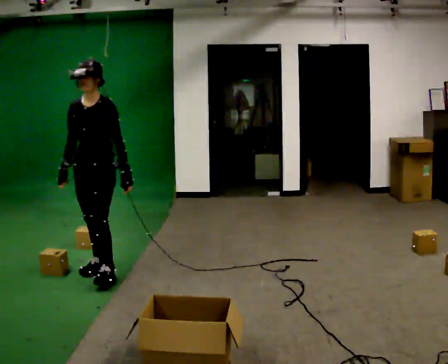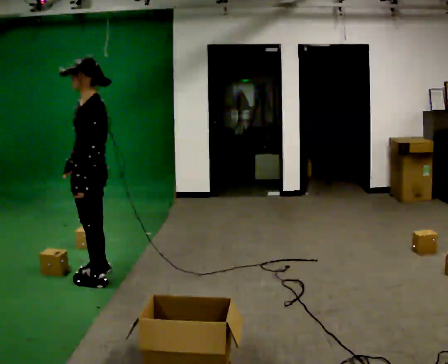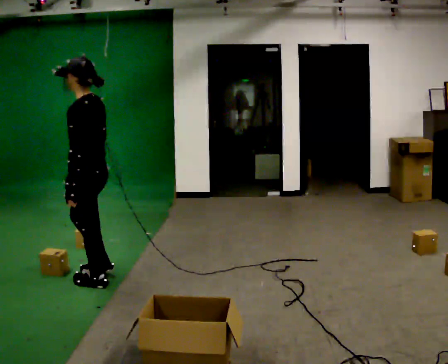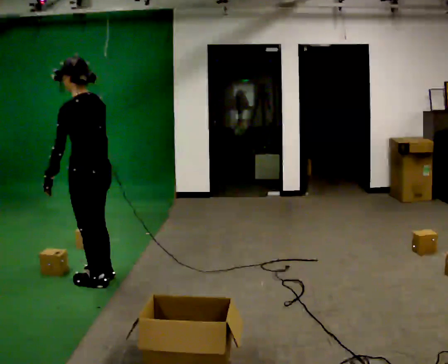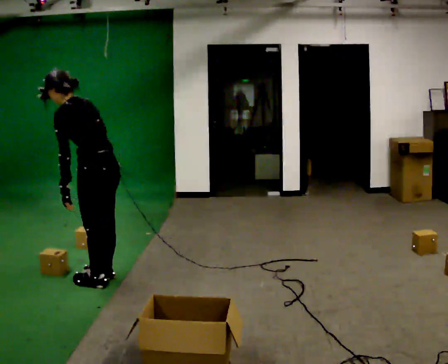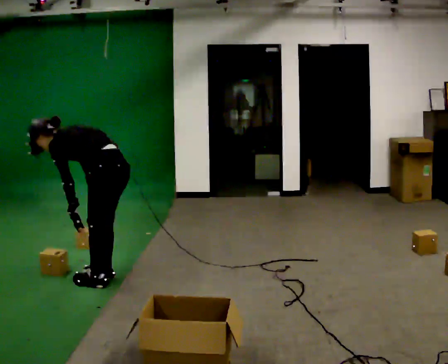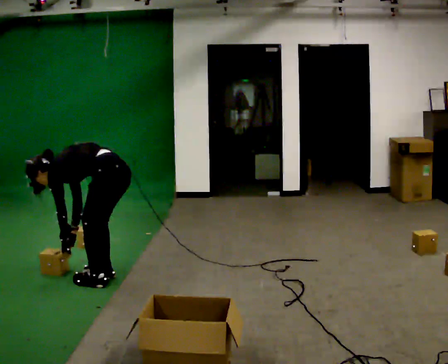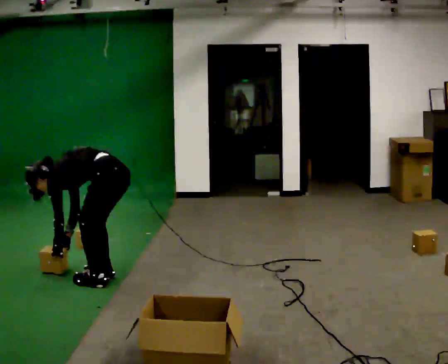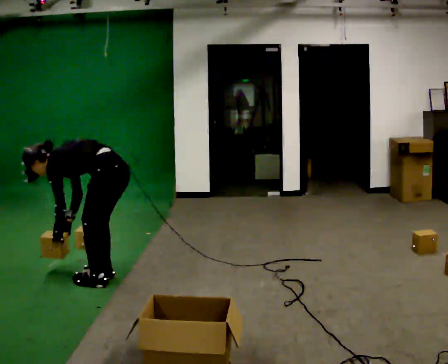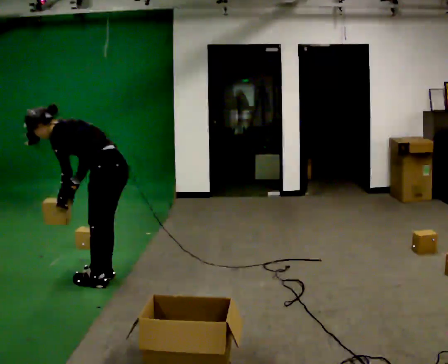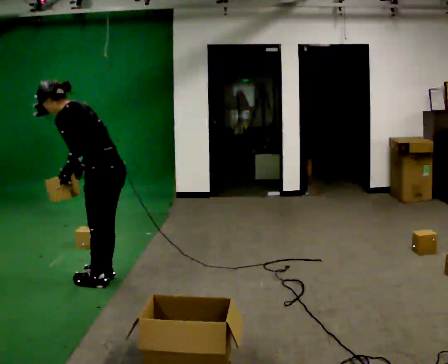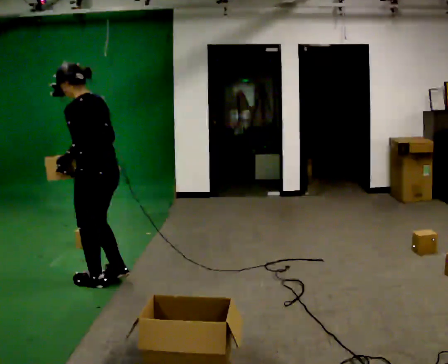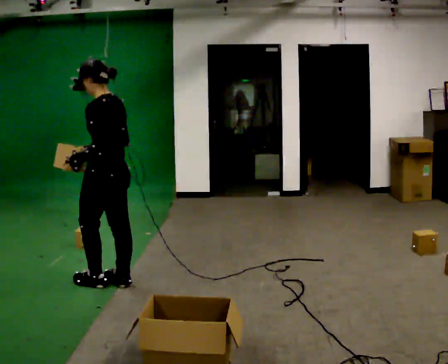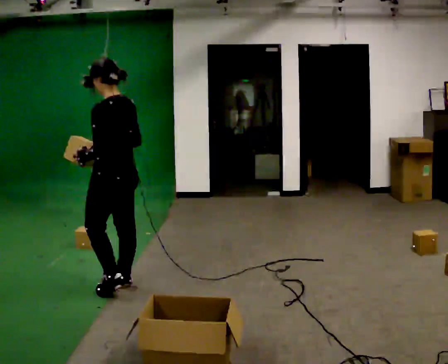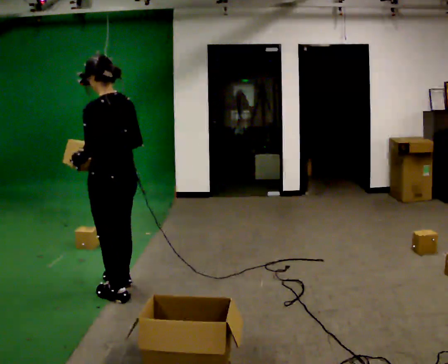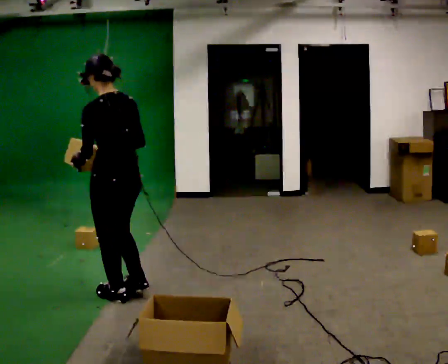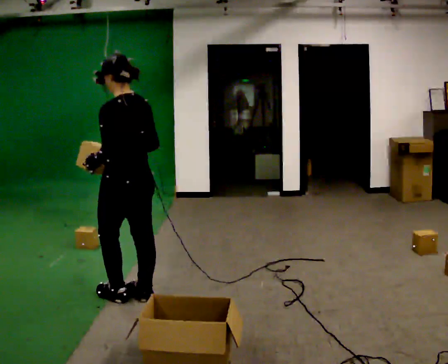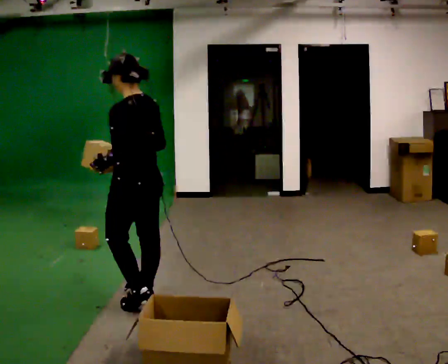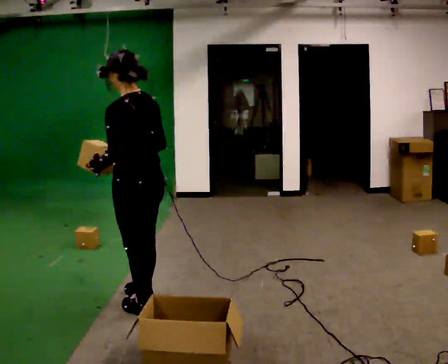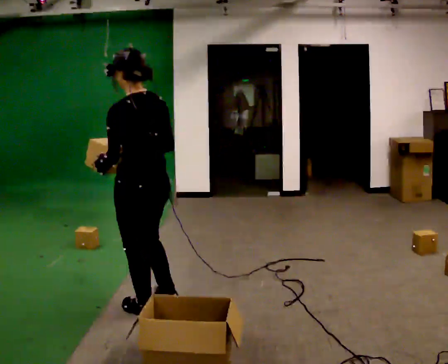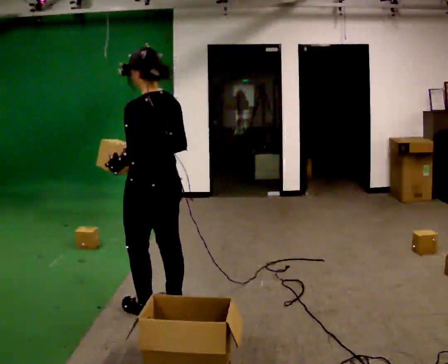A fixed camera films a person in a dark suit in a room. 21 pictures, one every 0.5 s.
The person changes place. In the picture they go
toward the camera.
0.0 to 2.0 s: Seen from above the body turns clockwise, about 90 degrees: to their right, with its near side sliding to the left. In the picture they go toward the camera, about 0.25 m in 1 step. In the picture the upper body tilts counterclockwise, shoulders to the left, as they bend forward. In the picture their right hand goes to the right, the arm swinging counterclockwise.
2.0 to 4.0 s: In the picture the upper body tilts counterclockwise, shoulders to the left, as they bend forward. In the picture their right hand goes downward.
4.0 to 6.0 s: The shoulders move upward. In the picture the upper body tilts clockwise, shoulders to the right, as they lean back or straighten. In the picture their left hand goes upward.
6.0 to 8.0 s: In the picture they go toward the camera, about 0.25 m in 2 steps, which for them is backward.
8.0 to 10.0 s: In the picture they go toward the camera, about 0.25 m in 2 steps, which for them is backward.
The film runs backward here.
